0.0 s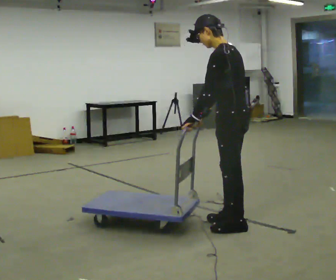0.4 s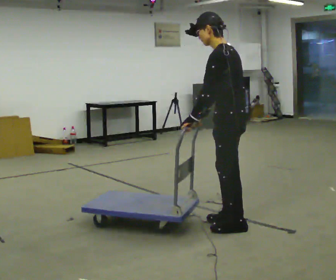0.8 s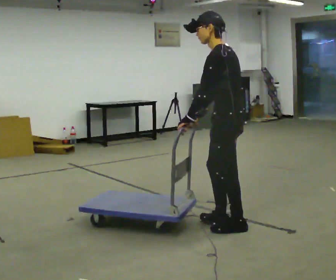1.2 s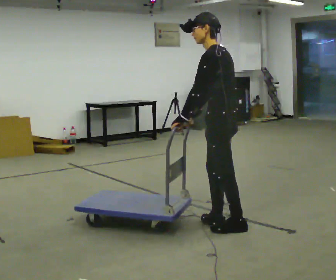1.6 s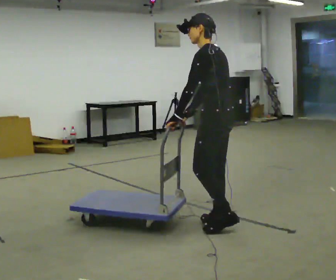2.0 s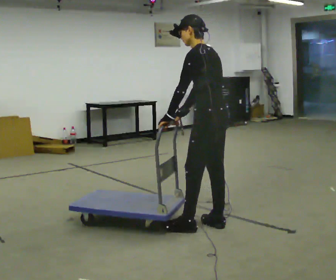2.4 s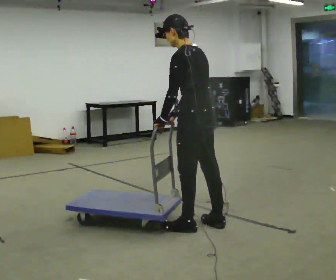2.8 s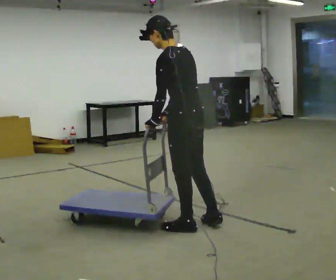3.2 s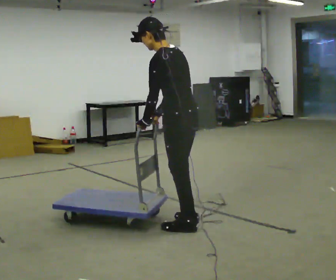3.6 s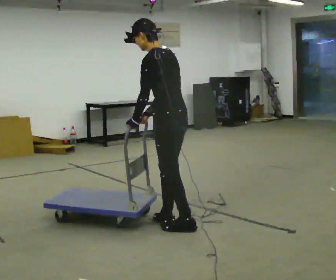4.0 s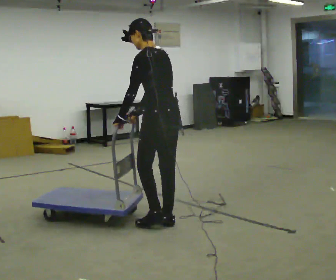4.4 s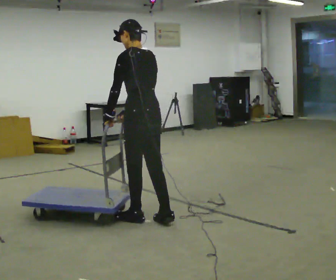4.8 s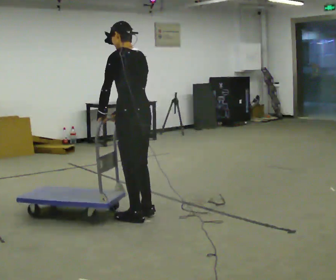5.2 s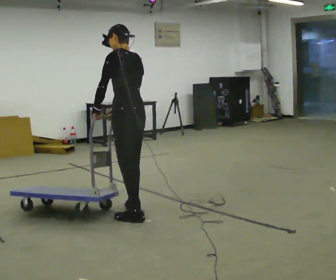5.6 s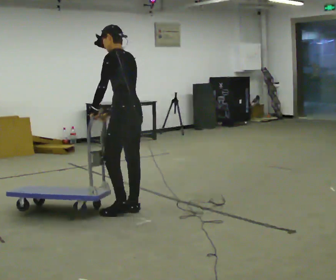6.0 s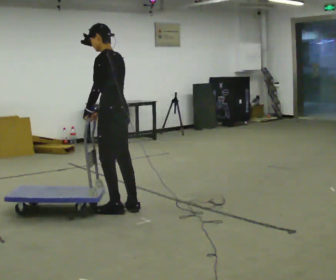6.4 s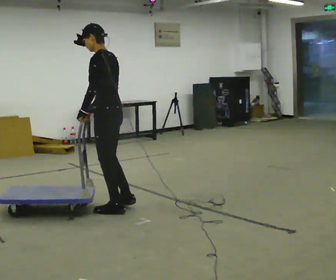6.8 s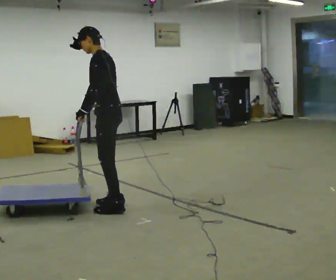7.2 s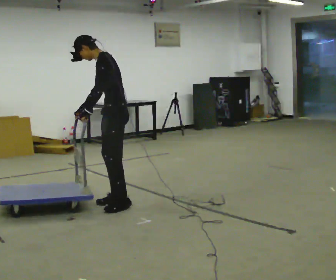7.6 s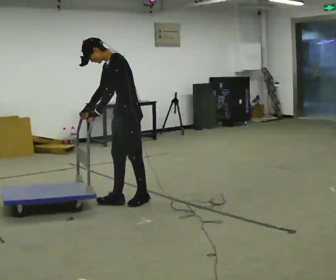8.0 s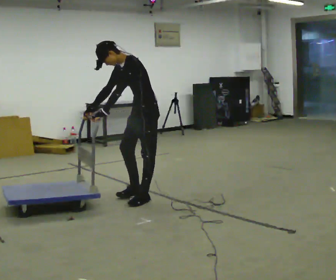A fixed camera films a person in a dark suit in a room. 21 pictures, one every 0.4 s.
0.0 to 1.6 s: The person moves a little, or ends about where they began.
1.6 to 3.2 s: In the picture they go to the left, about 0.25 m in 1 step, which for them is forward and to their left.
3.2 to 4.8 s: In the picture they go to the left and away from the camera, about 0.5 m in 2 steps, which for them is forward.
4.8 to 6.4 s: The part of the body nearest the lens slides to the right as the person turns to their left by about 30 degrees. In the picture they go away from the camera and to the left, about 0.25 m in 2 steps, which for them is forward and to their right.
6.4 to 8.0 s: Seen from above the body turns counterclockwise, about 45 degrees: to their left, with its near side sliding to the right. In the picture they go away from the camera and to the right, about 0.5 m in 2 steps, which for them is backward and to their right. The upper body tips toward the camera, its near side rolling downward, as they bend forward.
The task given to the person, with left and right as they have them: Push the cart across the room using only the hand the operator calls. Keep your other arm at your side.
The film runs forward here.
